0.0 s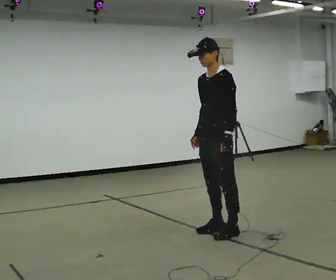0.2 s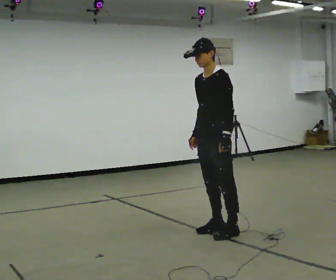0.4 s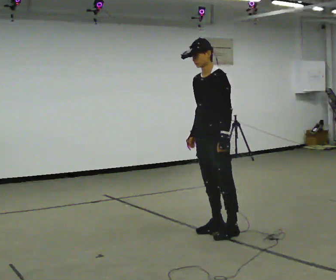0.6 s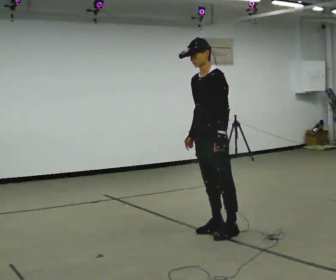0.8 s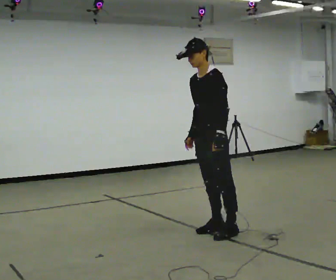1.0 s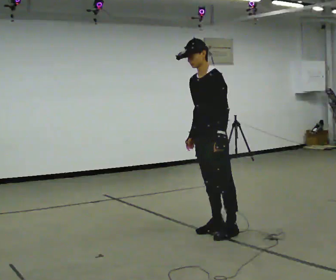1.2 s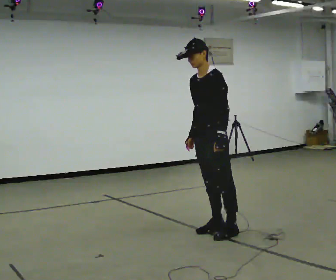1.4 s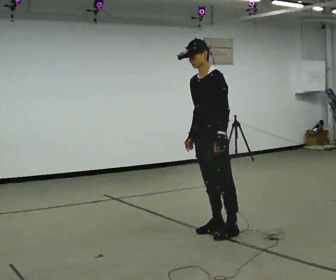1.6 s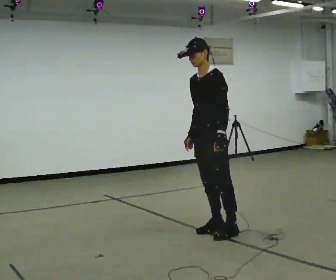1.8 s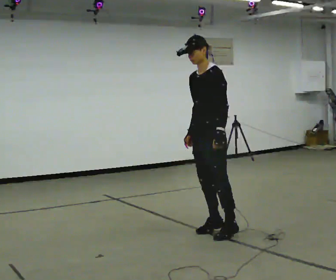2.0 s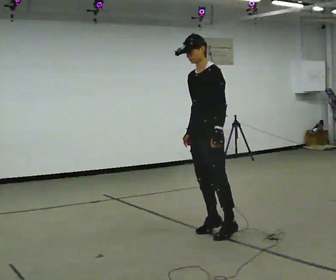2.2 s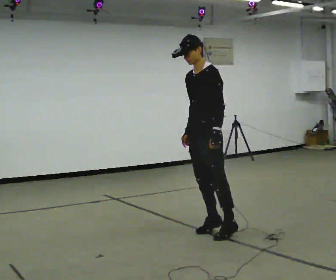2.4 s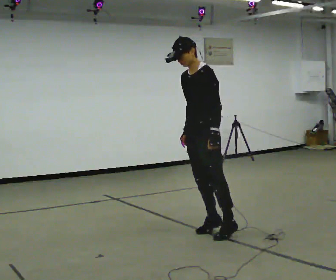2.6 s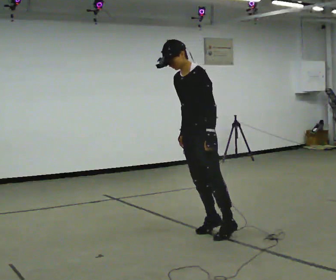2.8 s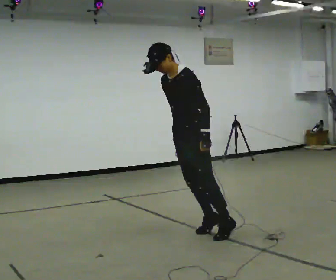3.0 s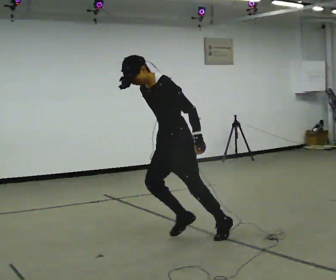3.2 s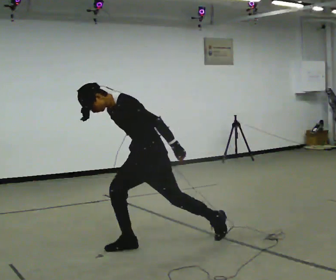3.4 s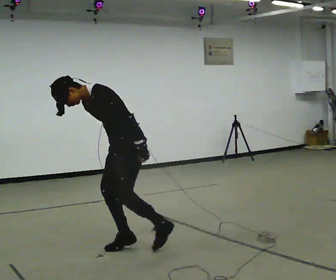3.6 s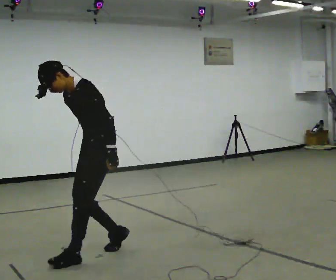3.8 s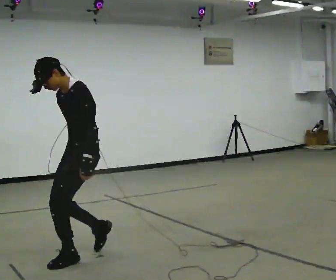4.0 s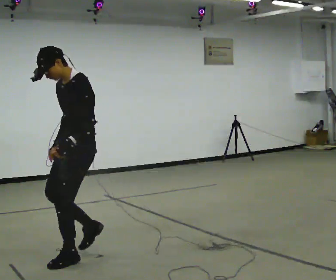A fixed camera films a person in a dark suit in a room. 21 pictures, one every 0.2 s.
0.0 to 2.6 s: In the picture they go to the left, about 0.25 m, which for them is forward.
2.6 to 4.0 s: In the picture they go to the left and toward the camera, about 1 m in 2 steps, which for them is forward.
The film runs forward here.
